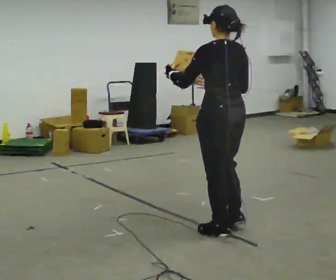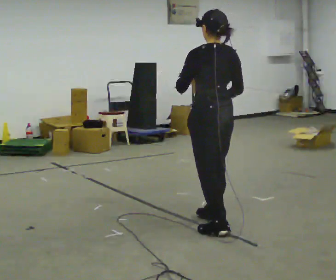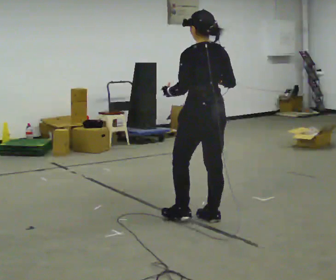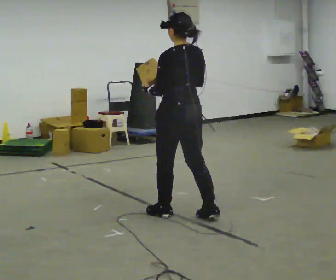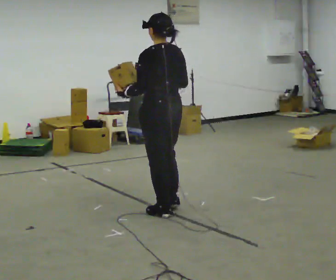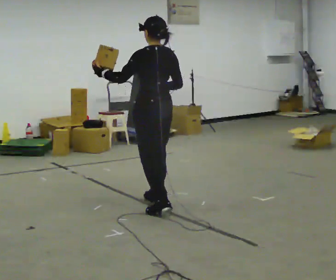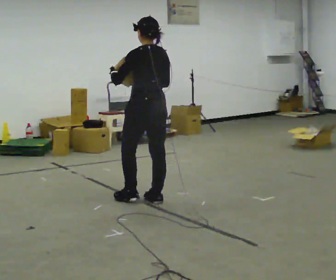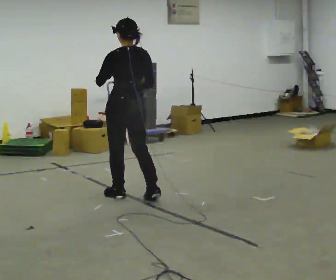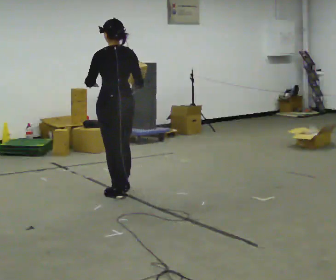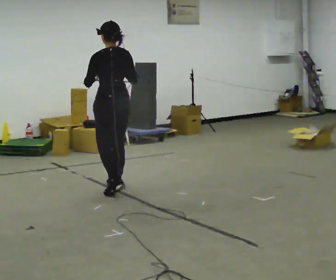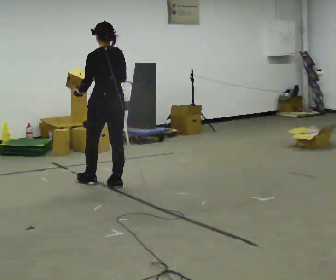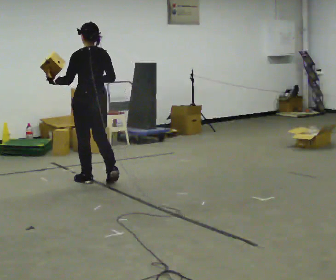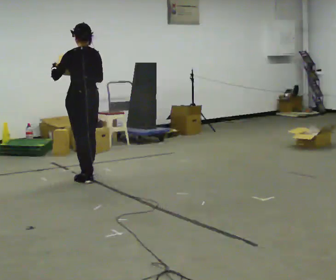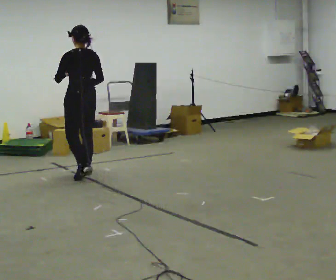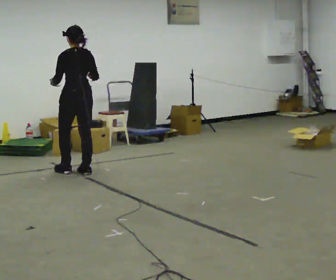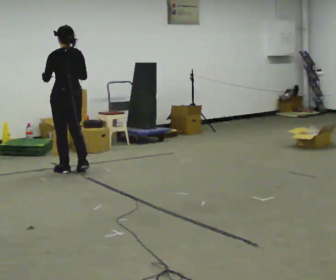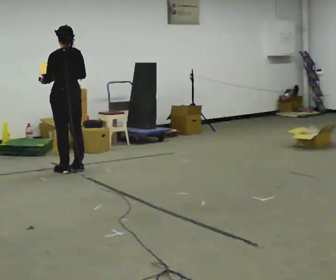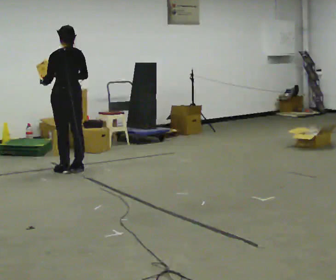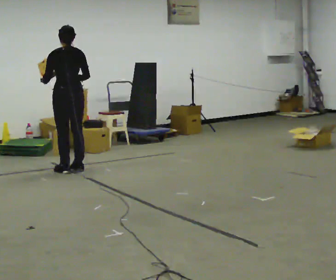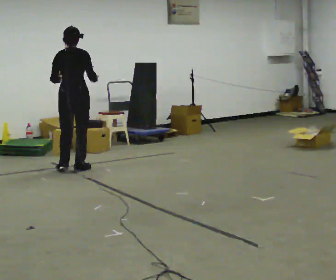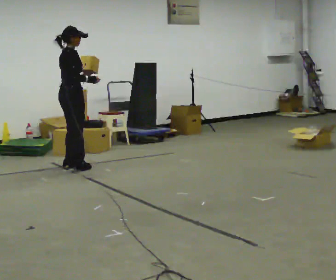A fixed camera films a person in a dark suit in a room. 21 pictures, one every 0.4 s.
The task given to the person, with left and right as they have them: Carry the object in one hand and, while walking, pass it to your other hand. Keep passing it back and forth as you walk.
0.0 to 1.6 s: In the picture they go away from the camera and to the left, about 0.75 m in 2 steps, which for them is forward.
1.6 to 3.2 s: In the picture they go away from the camera and to the left, about 0.5 m in 2 steps, which for them is forward.
3.2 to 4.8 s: In the picture they go away from the camera and to the left, about 0.5 m in 2 steps, which for them is forward.
4.8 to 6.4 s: In the picture they go away from the camera and to the left, about 0.5 m in 3 steps, which for them is forward.
6.4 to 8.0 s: Seen from above the body turns clockwise, about 105 degrees: to their right, with its near side sliding to the left.
The film runs forward here.
